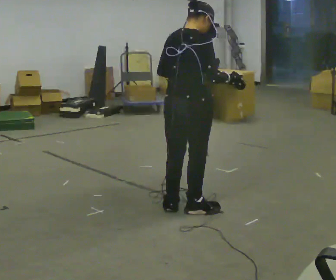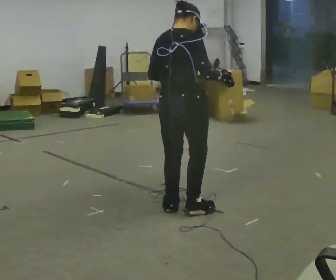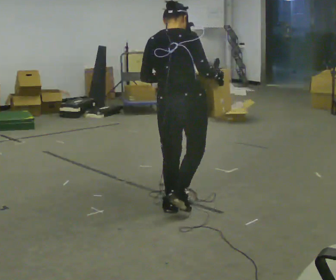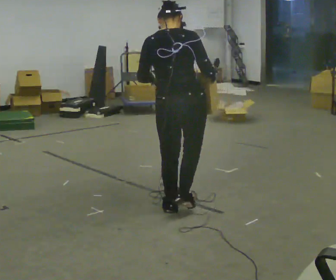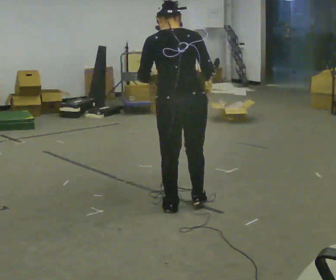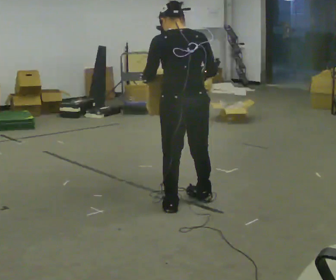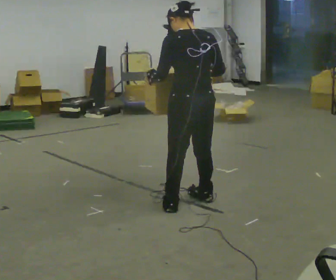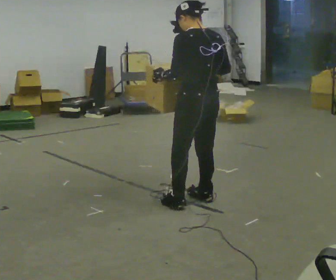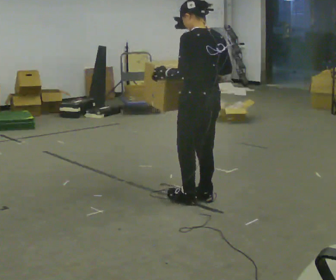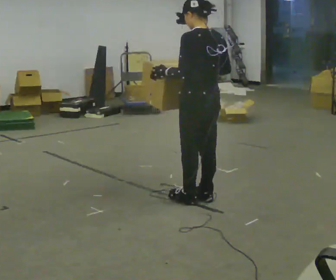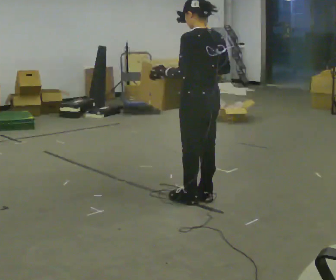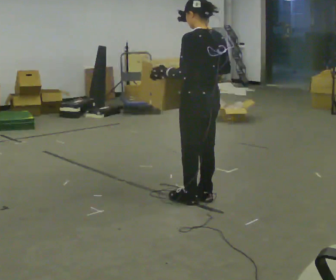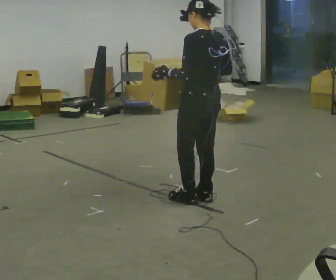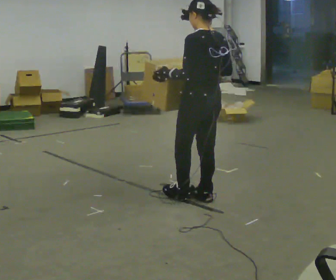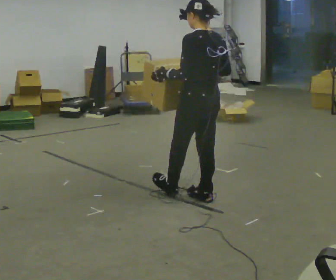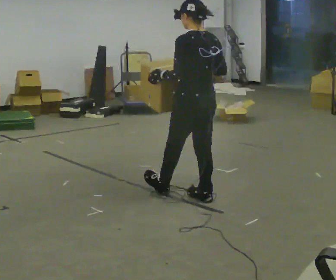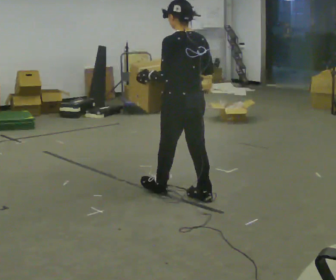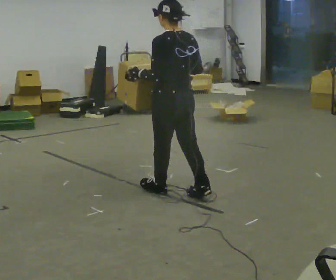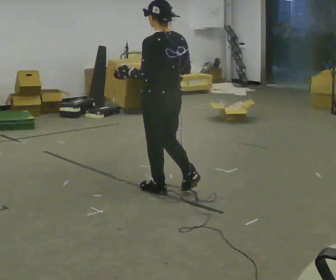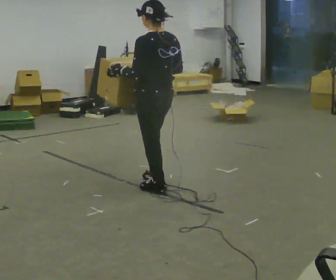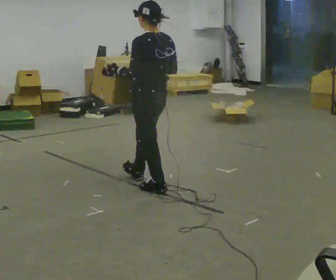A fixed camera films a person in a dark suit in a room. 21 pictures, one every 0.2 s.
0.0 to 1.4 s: The person turns about 75 degrees to their left, counterclockwise seen from above, so the part of the body nearest the lens slides to the right. In the picture they go away from the camera, about 0.25 m in 2 steps.
1.4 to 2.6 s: The person moves a little, or ends about where they began.
2.6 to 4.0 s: In the picture they go to the left and away from the camera, about 0.5 m in 1 step, which for them is forward.
The film runs forward here.
